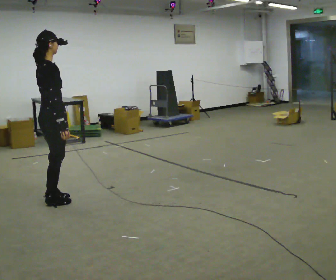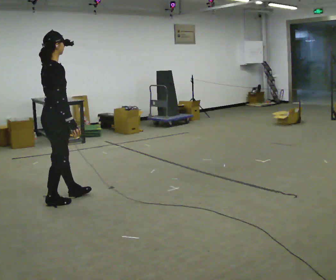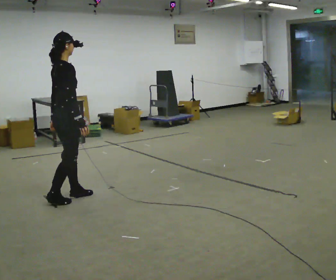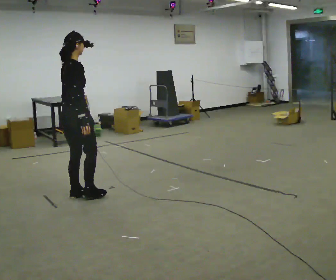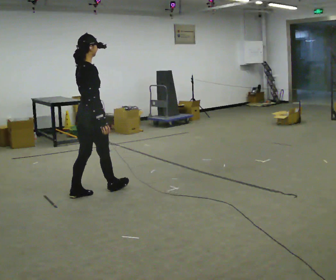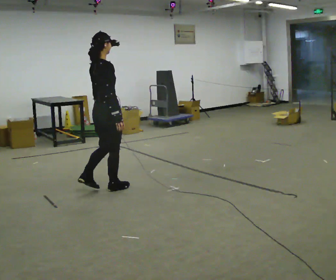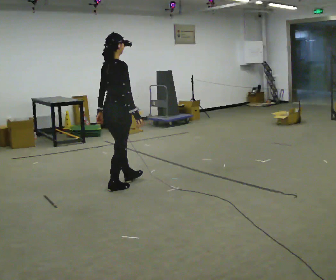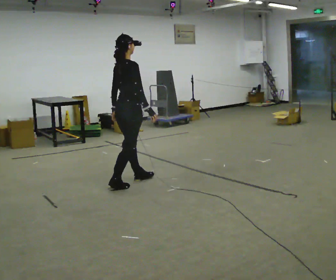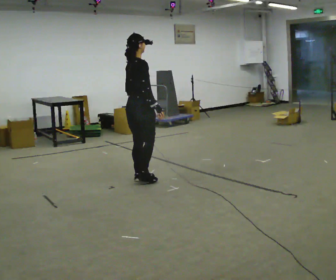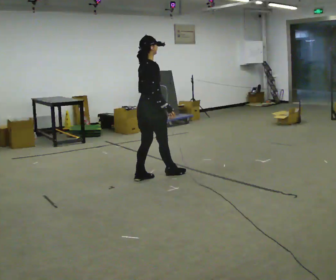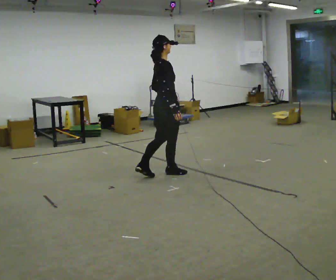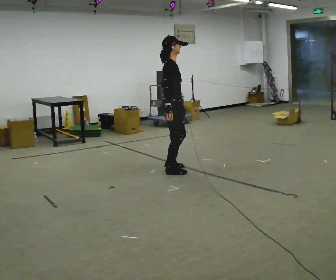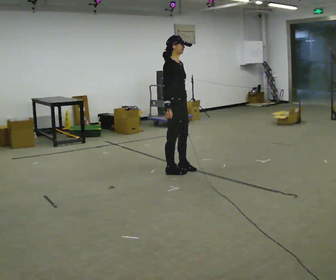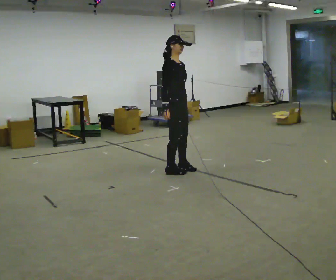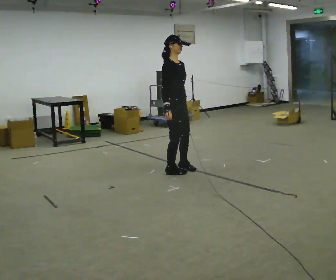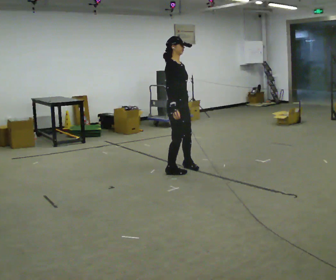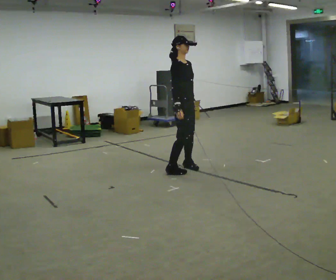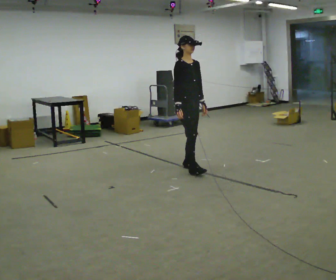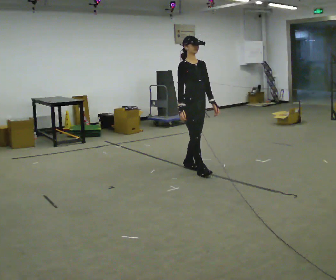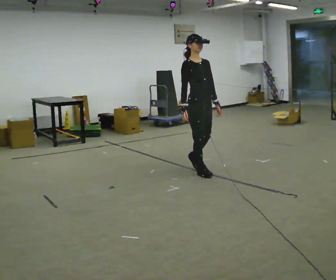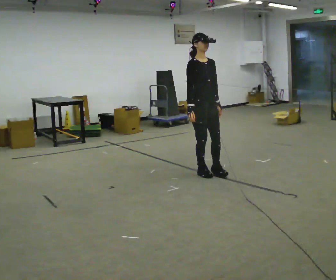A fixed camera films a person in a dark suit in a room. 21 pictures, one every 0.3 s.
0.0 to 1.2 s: In the picture they go away from the camera and to the right, about 0.5 m in 1 step, which for them is forward.
1.2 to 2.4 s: In the picture they go away from the camera and to the right, about 0.75 m in 2 steps, which for them is forward.
2.4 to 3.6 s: Seen from above the body turns clockwise, about 60 degrees: to their right, with its near side sliding to the left. In the picture they go to the right and away from the camera, about 0.5 m in 1 step, which for them is forward.
3.6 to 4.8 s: The person moves a little, or ends about where they began.
4.8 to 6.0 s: The person turns about 30 degrees to their right, clockwise seen from above, so the part of the body nearest the lens slides to the left. In the picture they go toward the camera and to the right, about 0.25 m in 2 steps, which for them is forward.
The film runs backward here.
